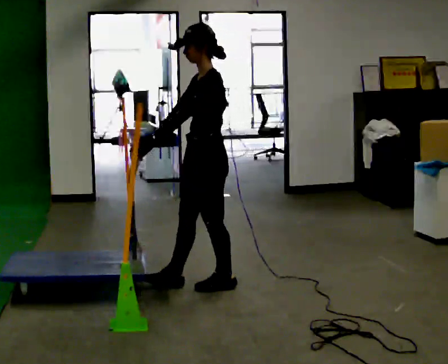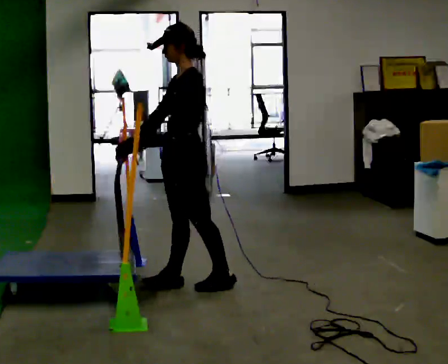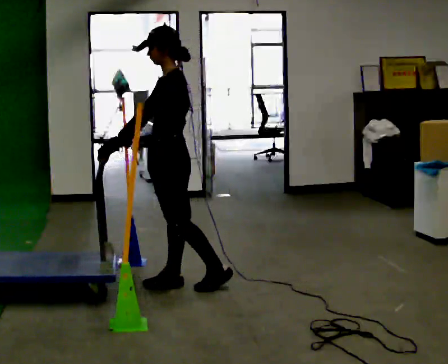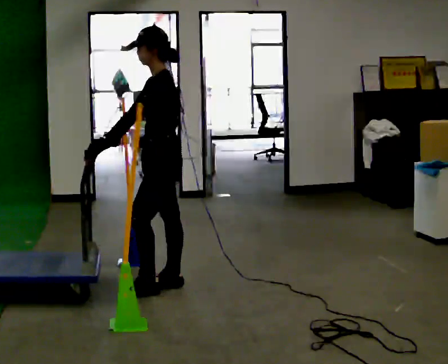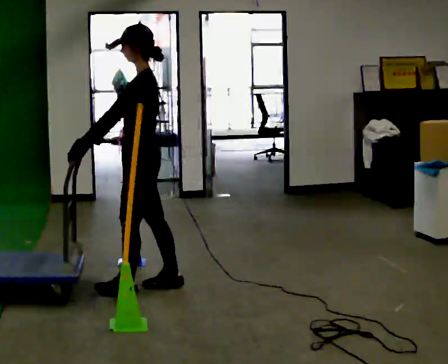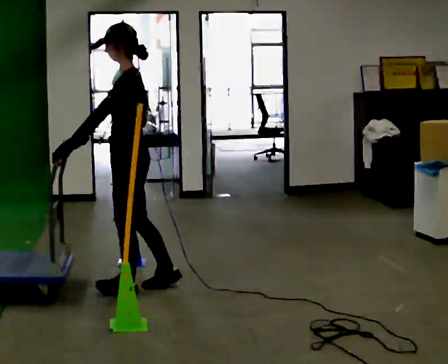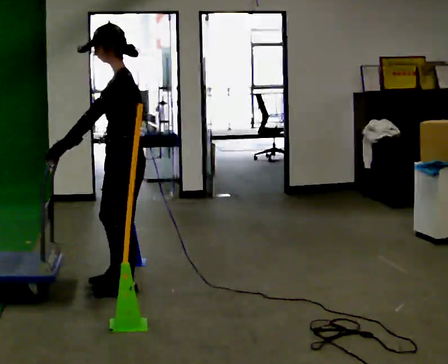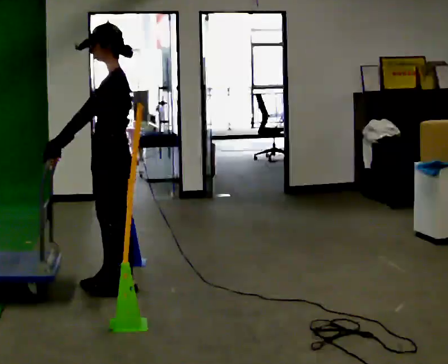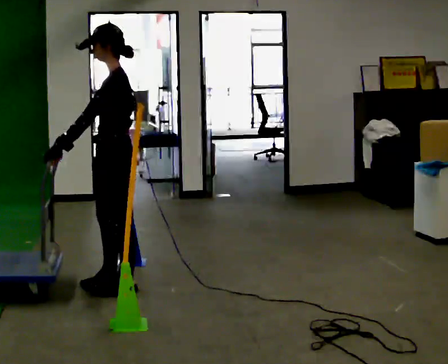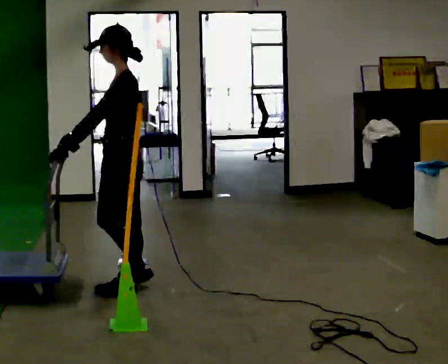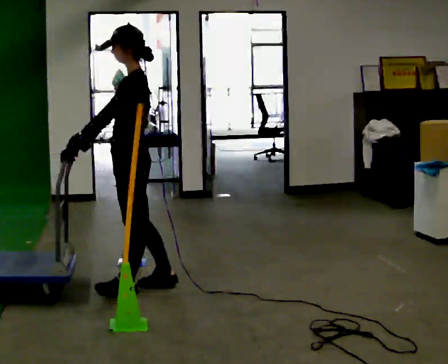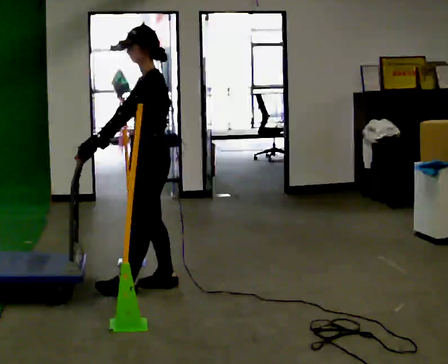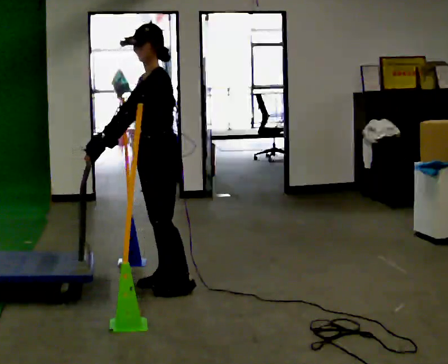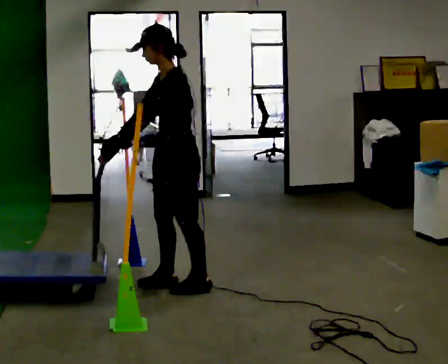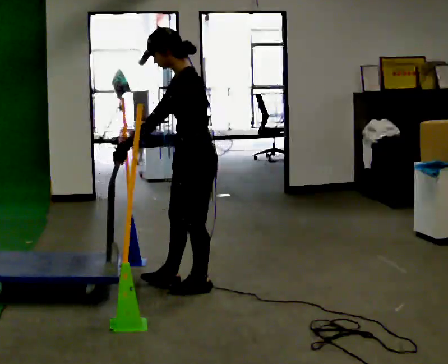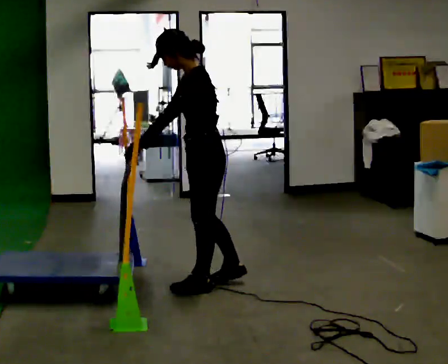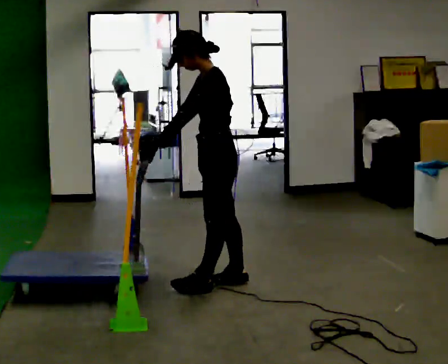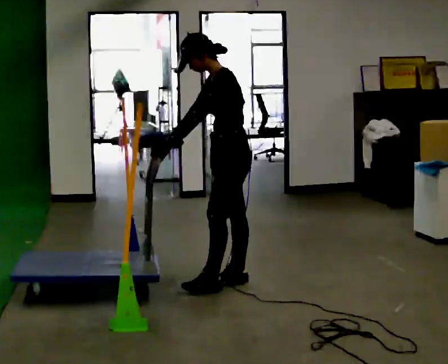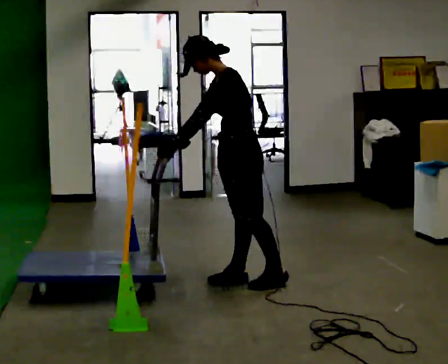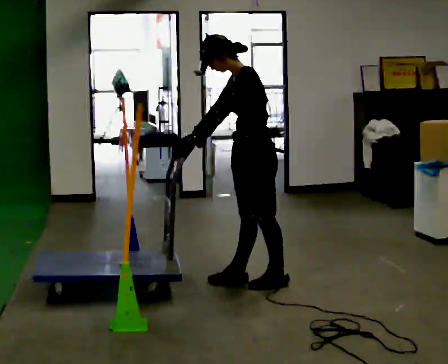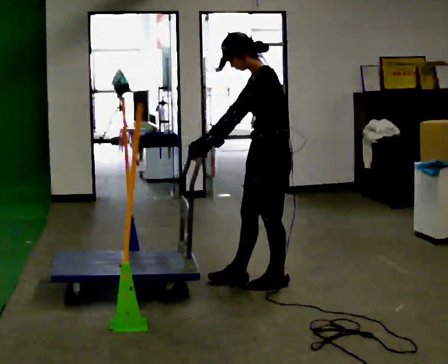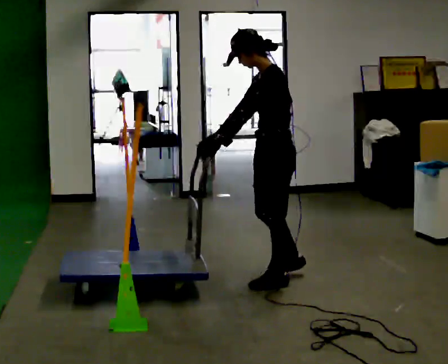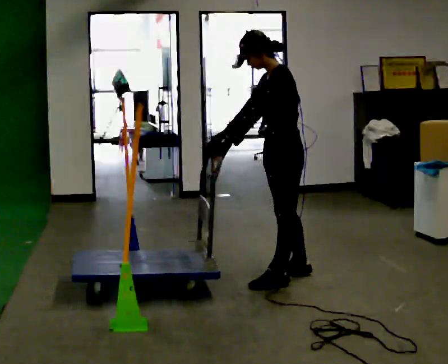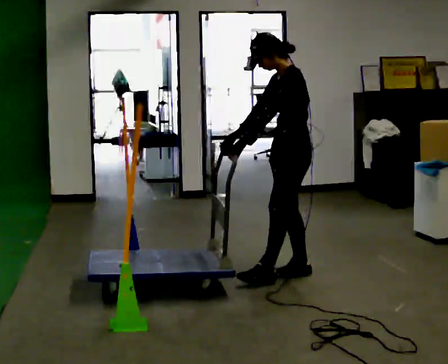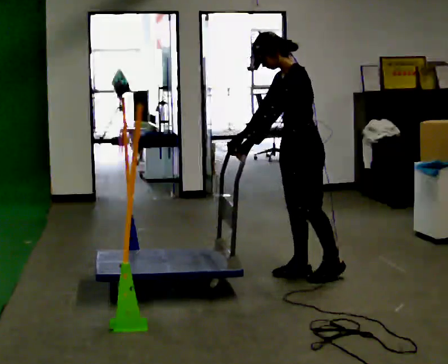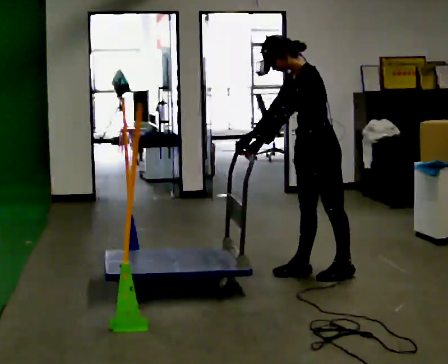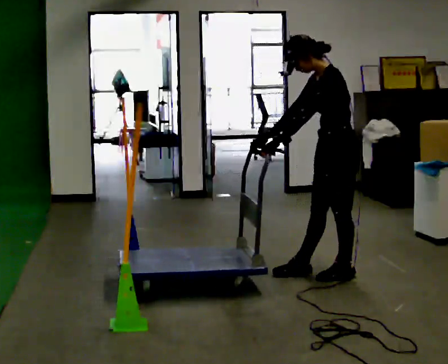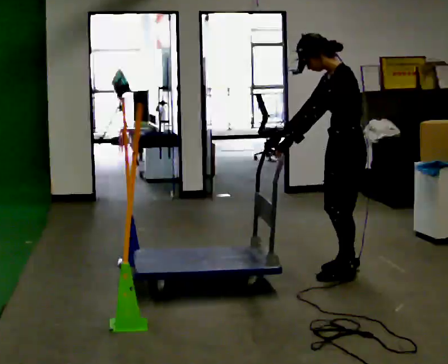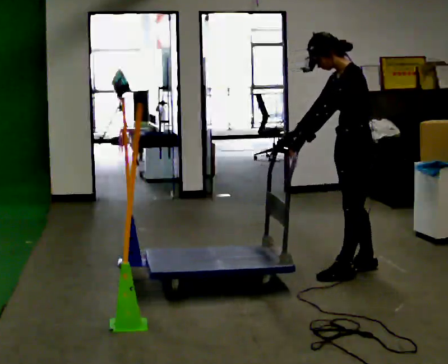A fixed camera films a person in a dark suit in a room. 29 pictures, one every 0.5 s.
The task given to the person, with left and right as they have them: Push the cart through the gap between the poles without touching them, then bring it back through.
0.0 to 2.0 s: In the picture they go to the left, about 0.5 m in 1 step, which for them is forward.
2.0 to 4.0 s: The person moves a little, or ends about where they began.
4.0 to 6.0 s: In the picture they go to the right, about 0.25 m in 1 step, which for them is backward and to their right.
6.0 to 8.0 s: In the picture they go to the right, about 0.25 m in 2 steps, which for them is backward.
8.0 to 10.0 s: In the picture they go to the right, about 0.25 m in 1 step, which for them is backward.
10.0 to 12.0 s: In the picture they go away from the camera and to the right, about 0.25 m in 1 step, which for them is backward and to their right.
12.0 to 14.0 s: In the picture they go to the right, about 0.25 m in 2 steps, which for them is backward.
The film runs forward here.
